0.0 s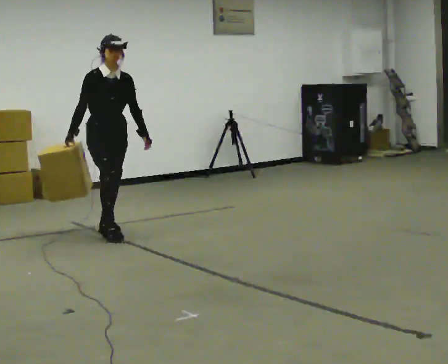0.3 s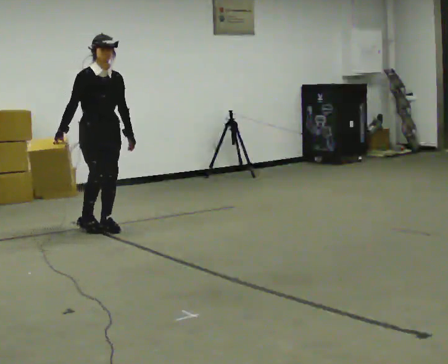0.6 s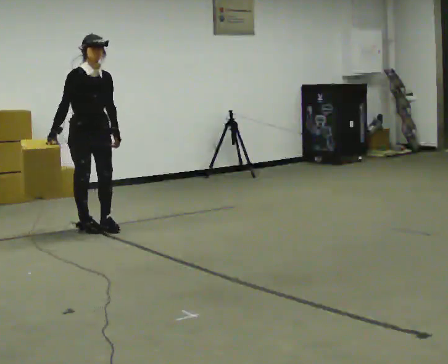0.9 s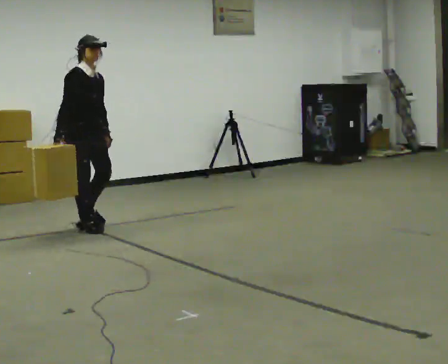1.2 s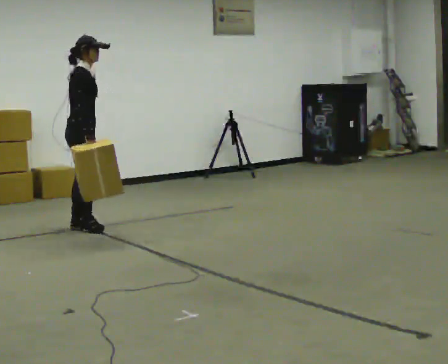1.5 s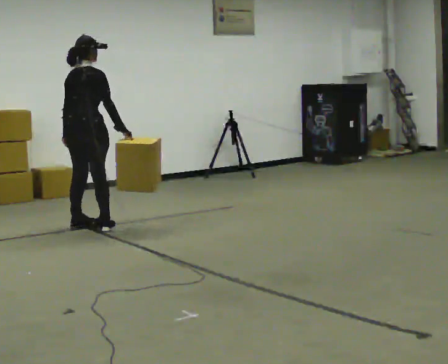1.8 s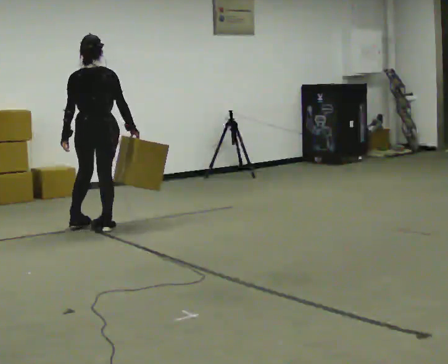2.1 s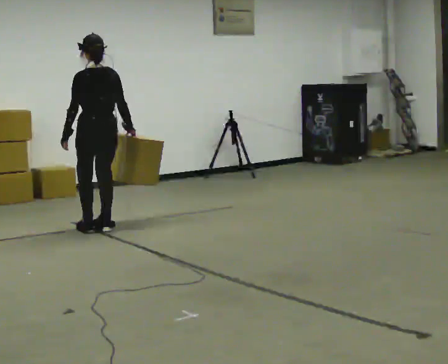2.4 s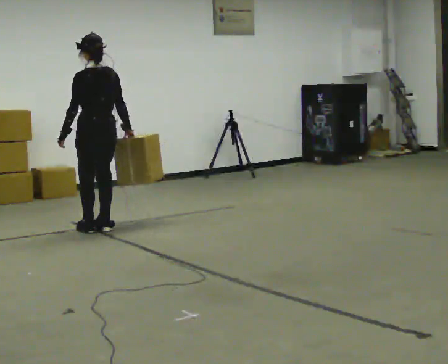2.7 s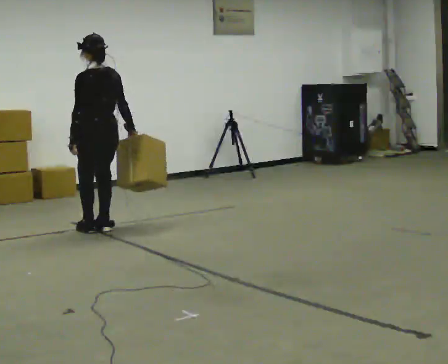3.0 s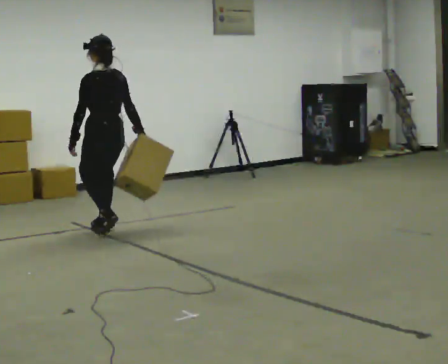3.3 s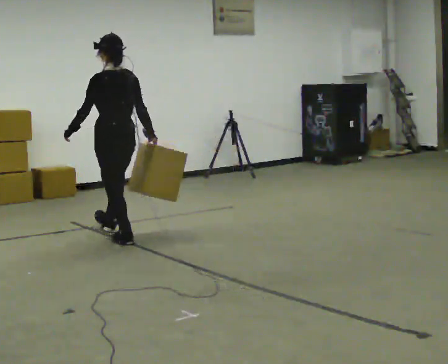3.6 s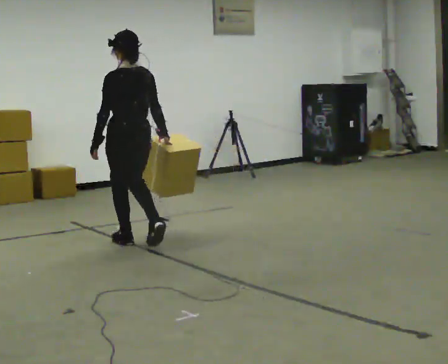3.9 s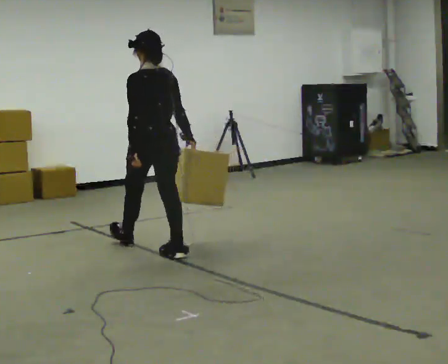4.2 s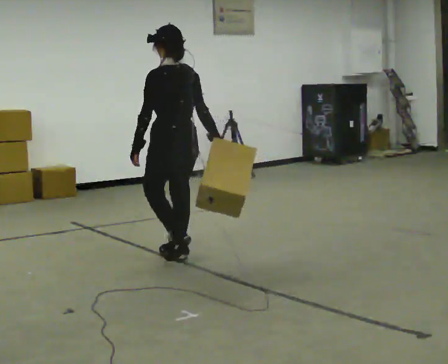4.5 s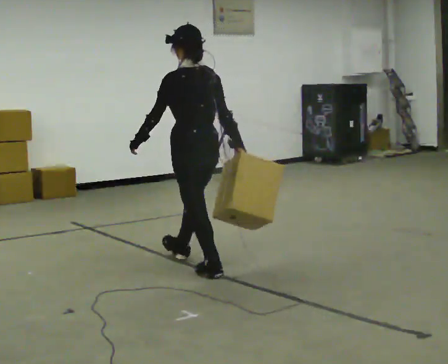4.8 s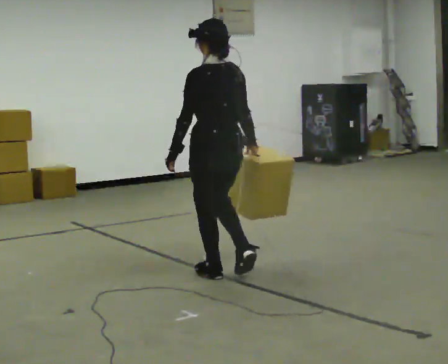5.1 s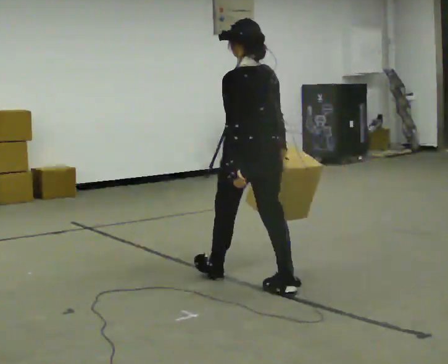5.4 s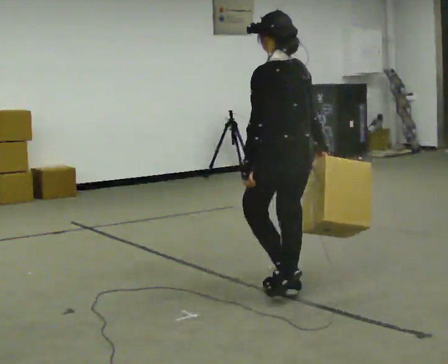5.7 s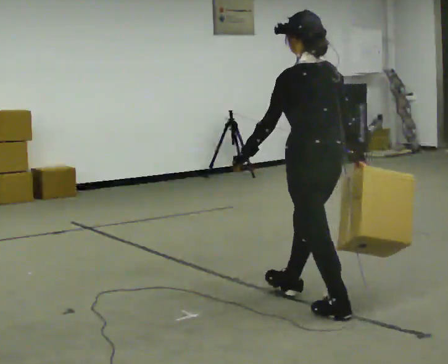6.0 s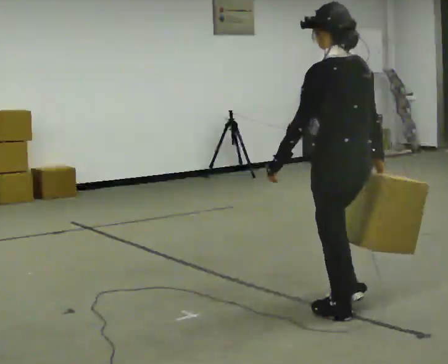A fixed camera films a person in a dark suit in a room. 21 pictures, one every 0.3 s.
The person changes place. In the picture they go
toward the camera.
0.0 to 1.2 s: Seen from above the body turns counterclockwise, about 60 degrees: to their left, with its near side sliding to the right. In the picture they go to the left and away from the camera, about 0.25 m in 1 step.
1.2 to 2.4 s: The part of the body nearest the lens slides to the right as the person turns to their left by about 120 degrees. In the picture they go to the right, about 0.25 m in 2 steps. In the picture their right hand goes to the right.
2.4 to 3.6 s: In the picture they go toward the camera and to the right, about 0.5 m in 2 steps, which for them is backward.
3.6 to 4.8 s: In the picture they go toward the camera and to the right, about 1 m in 2 steps, which for them is backward.
4.8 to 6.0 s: In the picture they go toward the camera and to the right, about 1 m in 2 steps, which for them is backward.
The film runs backward here.
